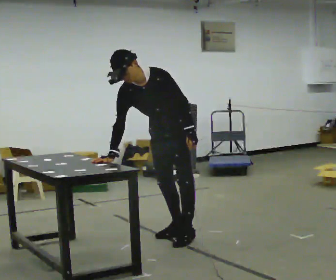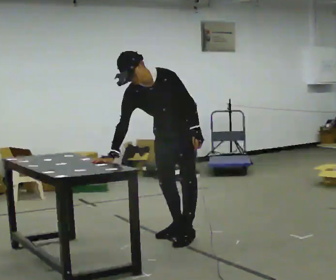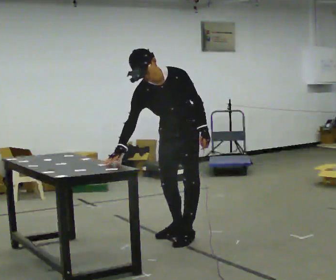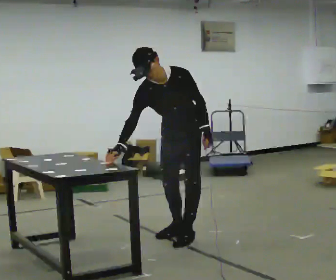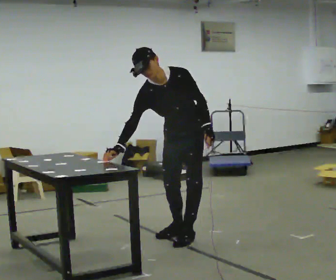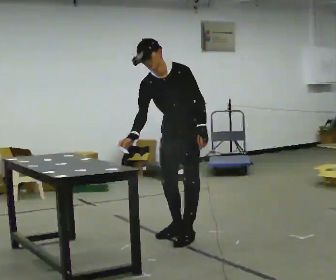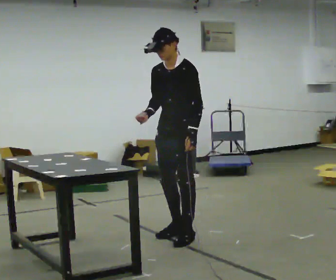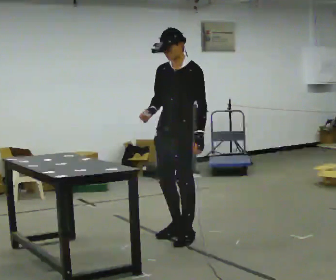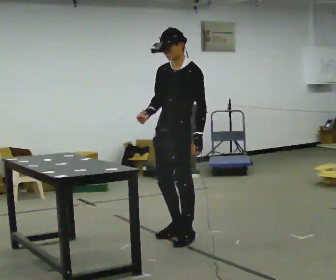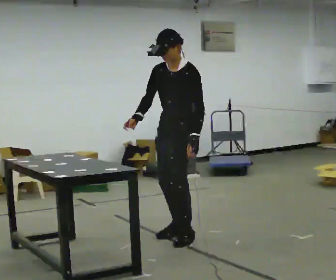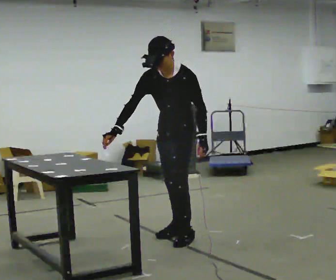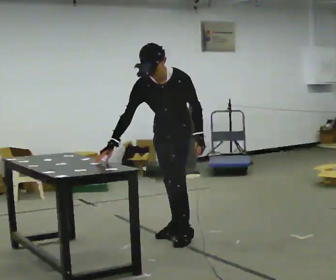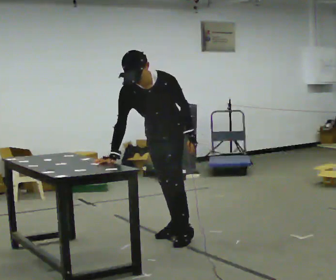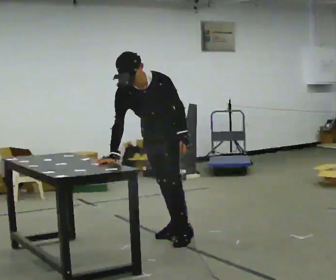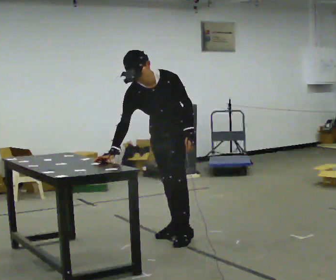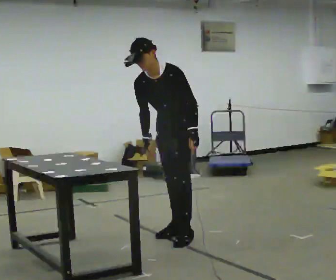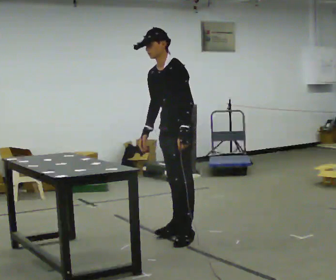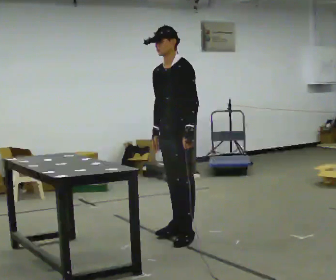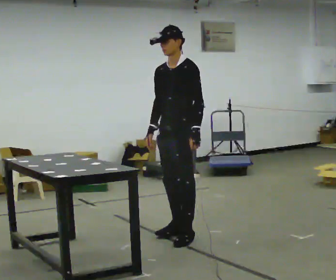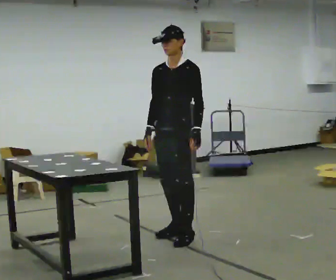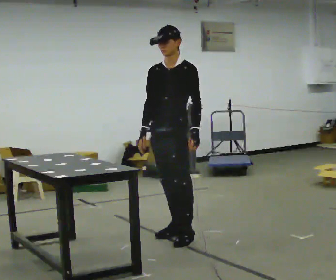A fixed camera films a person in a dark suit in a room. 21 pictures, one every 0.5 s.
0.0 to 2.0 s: The person moves a little, or ends about where they began.
2.0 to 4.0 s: The part of the body nearest the lens slides to the left as the person turns to their right by about 30 degrees. In the picture the upper body tilts clockwise, shoulders to the right, as they lean back or straighten.
4.0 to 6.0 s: The part of the body nearest the lens slides to the right as the person turns to their left by about 30 degrees. The upper body tips toward the camera, its near side rolling downward, as they bend forward.
6.0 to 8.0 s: The person turns about 30 degrees to their right, clockwise seen from above, so the part of the body nearest the lens slides to the left. The upper body tips away from the camera, its near side rolling upward, as they lean back or straighten.
8.0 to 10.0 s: The person turns about 30 degrees to their left, counterclockwise seen from above, so the part of the body nearest the lens slides to the right. In the picture the upper body tilts clockwise, shoulders to the right, as they lean back or straighten.
The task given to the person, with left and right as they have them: Touch each numbered target on the board in front of you in the order the operator calls. Keep both feet on the marked spots for the whole take. If you have to step, stop and tell the operator.
The film runs forward here.
